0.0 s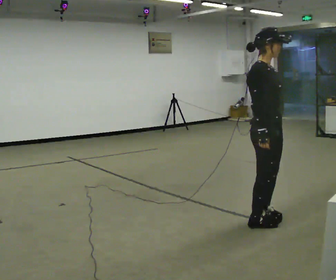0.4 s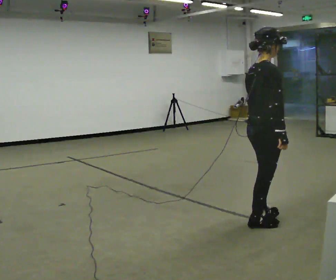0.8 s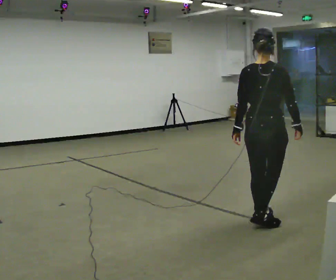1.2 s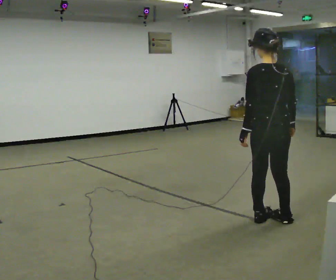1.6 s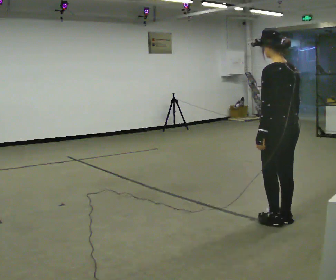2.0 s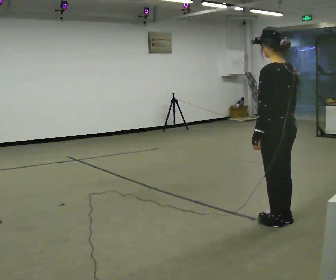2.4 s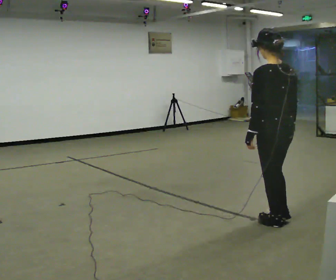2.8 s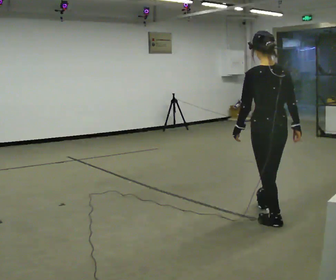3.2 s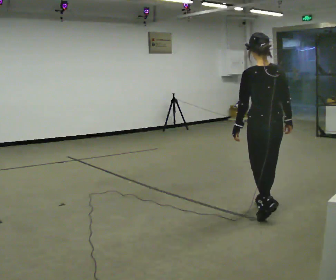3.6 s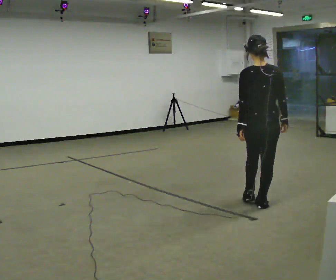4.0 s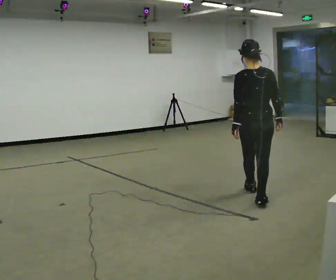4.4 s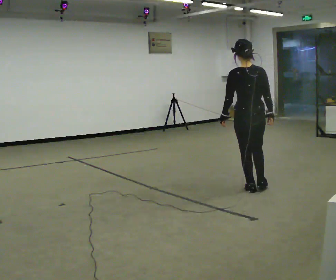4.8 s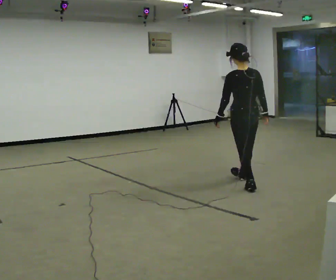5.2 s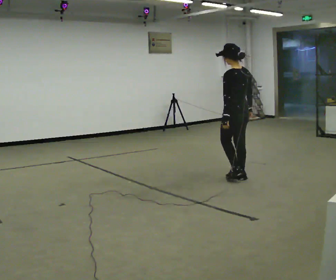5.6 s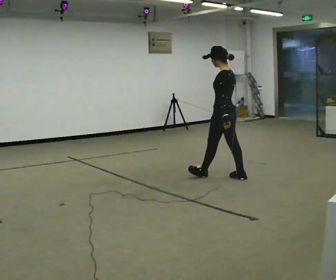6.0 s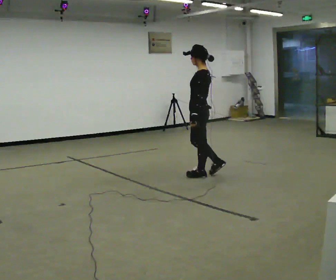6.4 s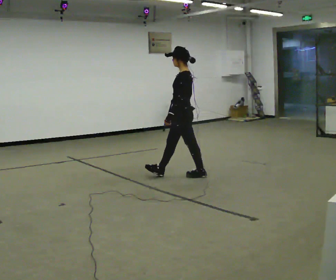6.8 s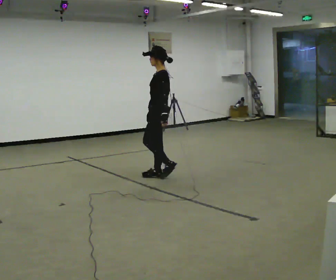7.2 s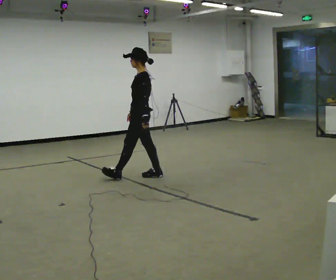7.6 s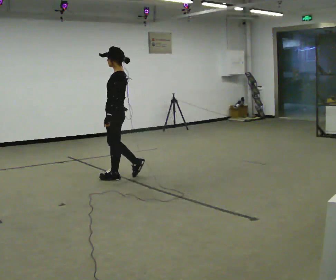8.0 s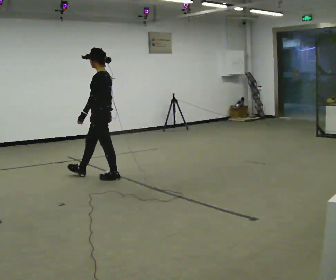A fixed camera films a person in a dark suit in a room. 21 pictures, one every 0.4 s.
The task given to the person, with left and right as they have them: Walk forward; gradually curve left/right; straighten out.
0.0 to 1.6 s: The person turns about 150 degrees to their left, counterclockwise seen from above, so the part of the body nearest the lens slides to the right. In the picture their right hand goes to the right.
1.6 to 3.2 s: The person turns about 30 degrees to their right, clockwise seen from above, so the part of the body nearest the lens slides to the left. In the picture they go away from the camera, about 0.25 m in 1 step, which for them is forward.
3.2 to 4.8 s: In the picture they go away from the camera, about 1 m in 2 steps, which for them is forward.
4.8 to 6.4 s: Seen from above the body turns counterclockwise, about 75 degrees: to their left, with its near side sliding to the right. In the picture they go to the left and away from the camera, about 1 m in 2 steps.
6.4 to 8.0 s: In the picture they go to the left, about 1 m in 1 step, which for them is forward.
The film runs forward here.
